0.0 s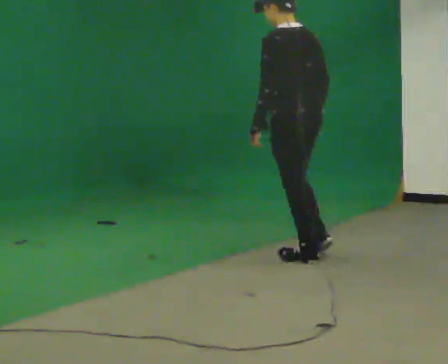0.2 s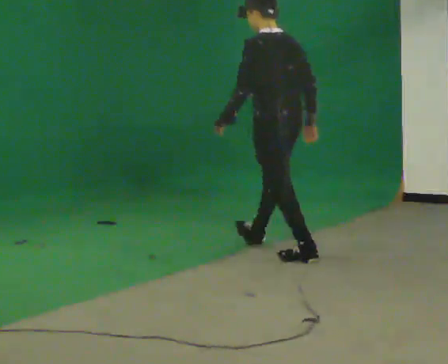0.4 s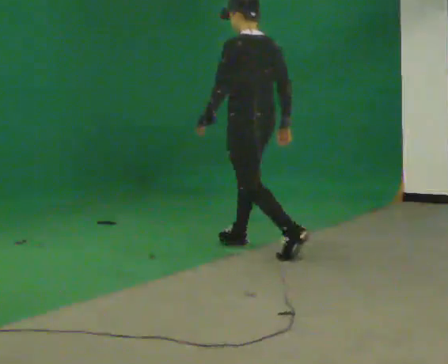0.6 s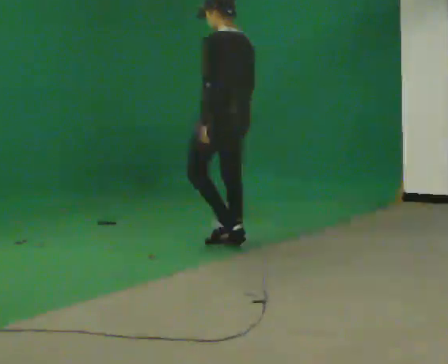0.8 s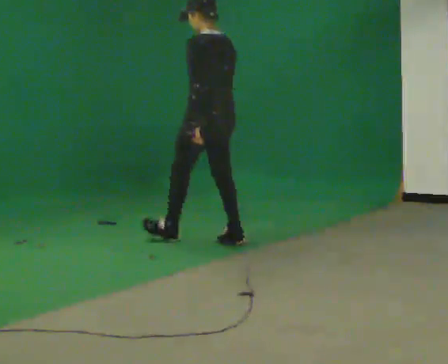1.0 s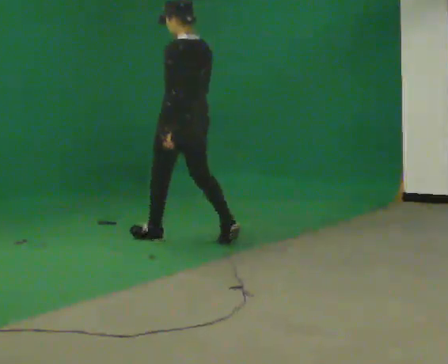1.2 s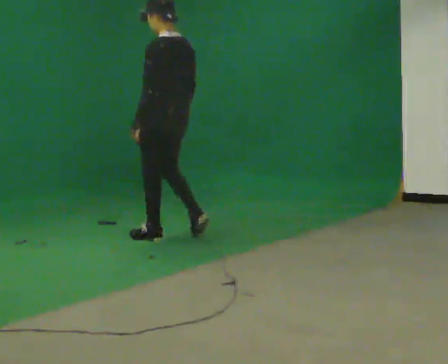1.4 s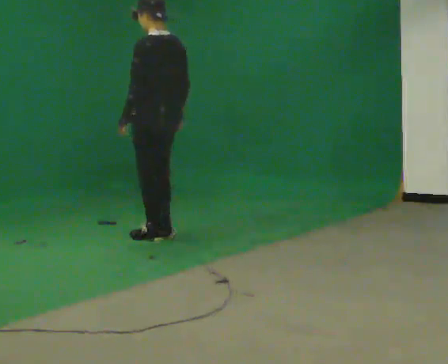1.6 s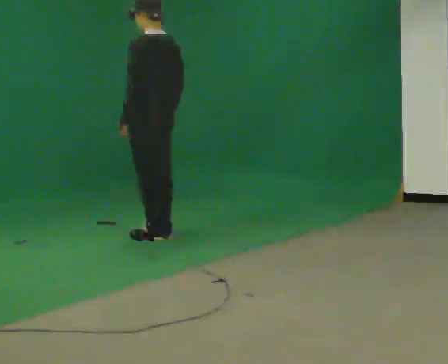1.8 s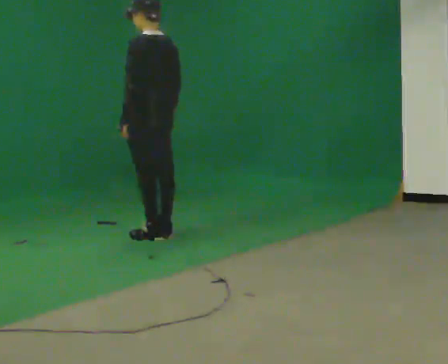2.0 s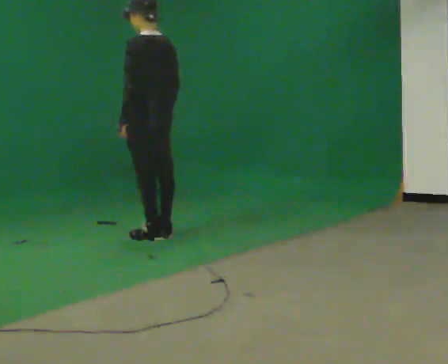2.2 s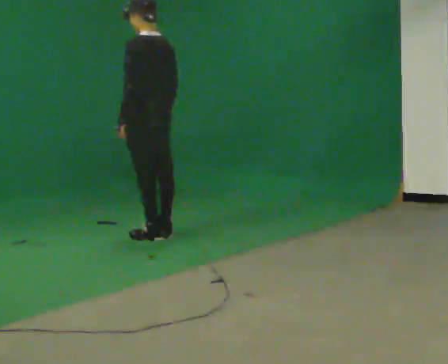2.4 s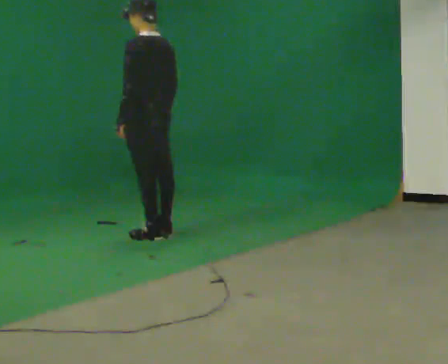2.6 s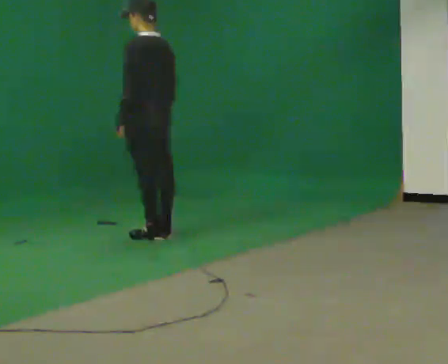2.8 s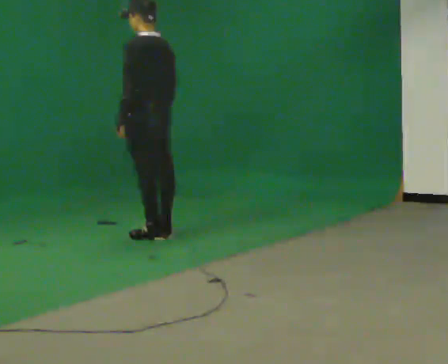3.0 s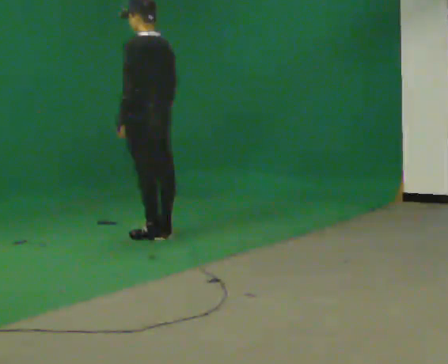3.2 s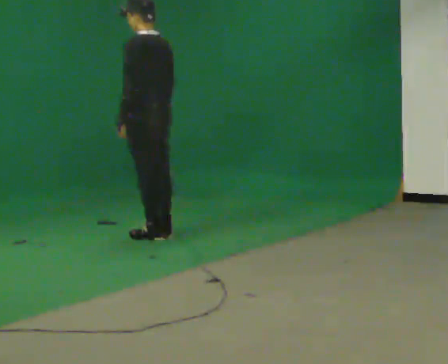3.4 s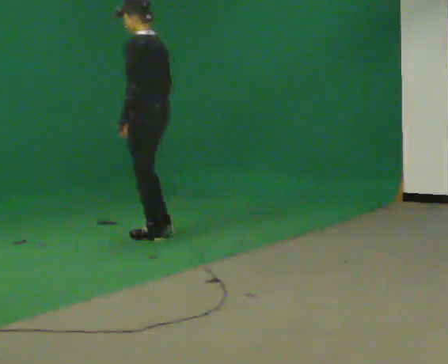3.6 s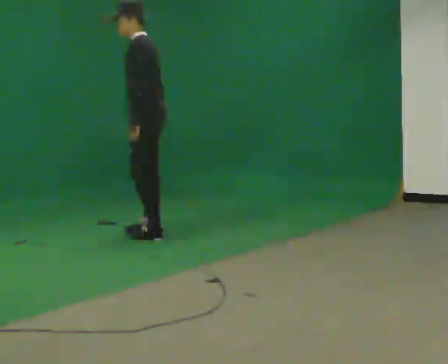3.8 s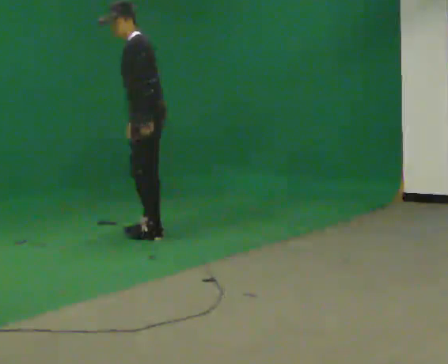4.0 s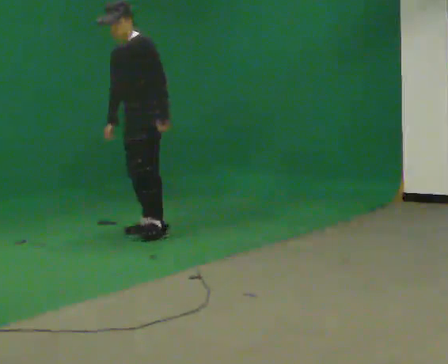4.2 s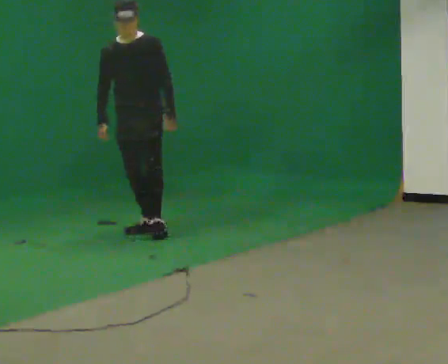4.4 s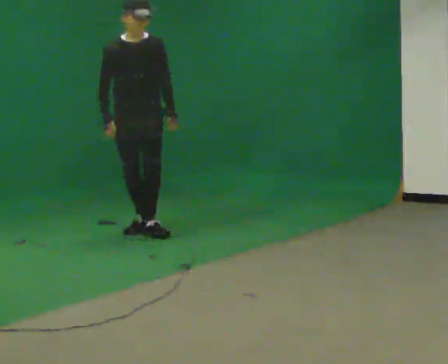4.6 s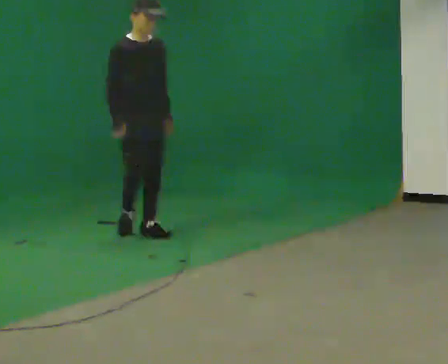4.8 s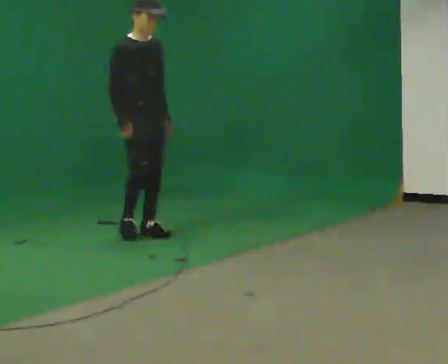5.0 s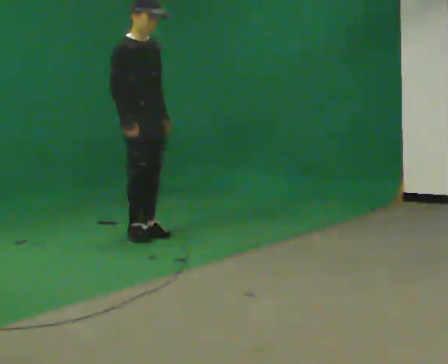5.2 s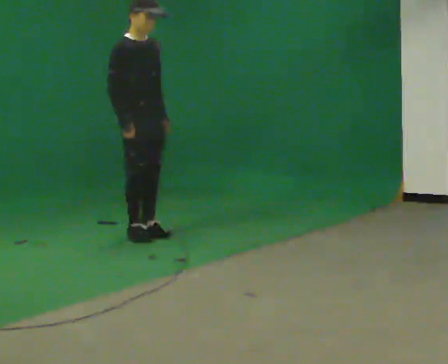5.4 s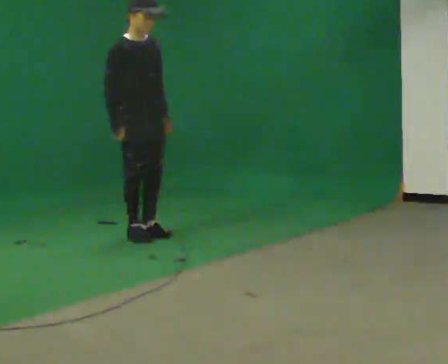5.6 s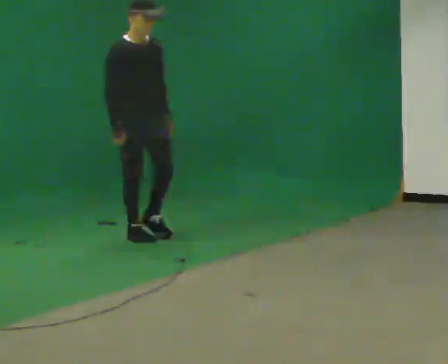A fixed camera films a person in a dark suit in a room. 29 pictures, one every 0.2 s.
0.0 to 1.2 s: In the picture they go away from the camera and to the left, about 1 m in 2 steps, which for them is forward.
1.2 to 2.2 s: In the picture they go away from the camera, about 0.25 m in 1 step, which for them is forward.
2.2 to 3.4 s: The person moves a little, or ends about where they began.
3.4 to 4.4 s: The part of the body nearest the lens slides to the right as the person turns to their left by about 135 degrees. In the picture their right hand goes to the left.
4.4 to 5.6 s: In the picture they go toward the camera, about 0.25 m in 1 step, which for them is to their right and forward.
The film runs forward here.
